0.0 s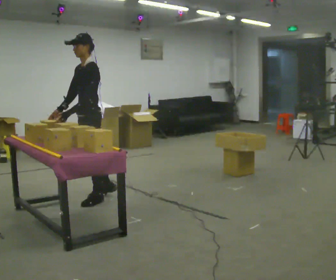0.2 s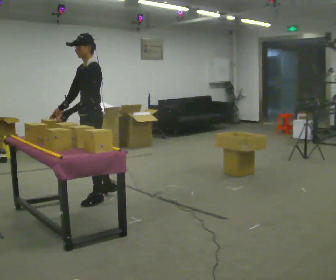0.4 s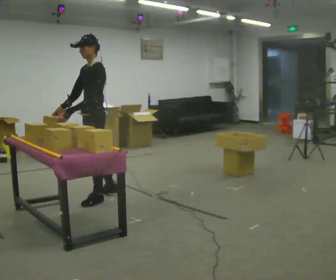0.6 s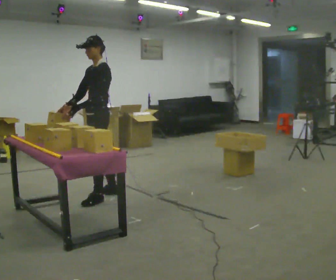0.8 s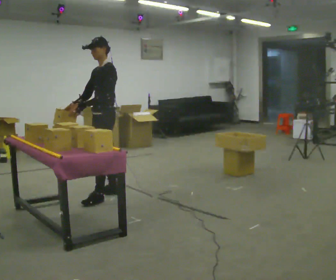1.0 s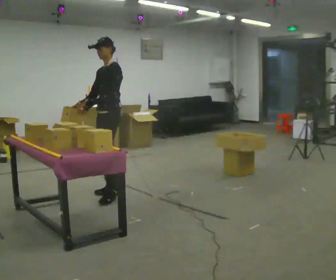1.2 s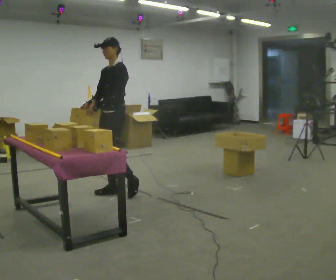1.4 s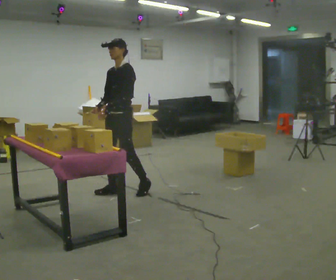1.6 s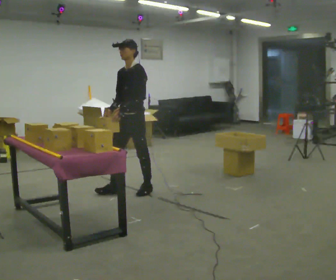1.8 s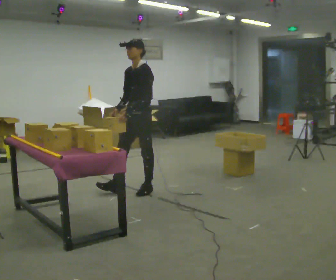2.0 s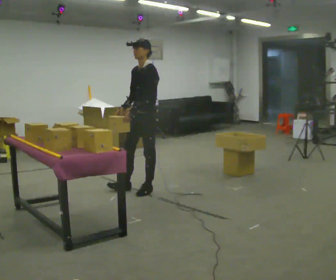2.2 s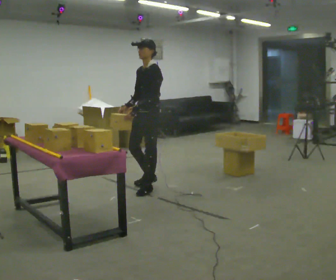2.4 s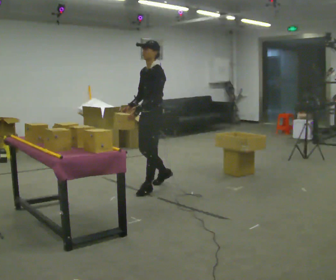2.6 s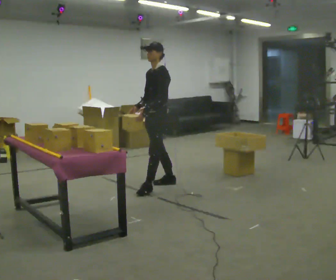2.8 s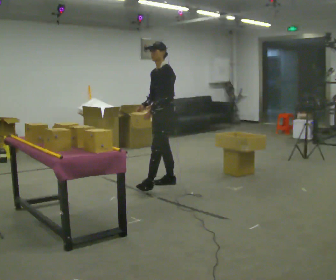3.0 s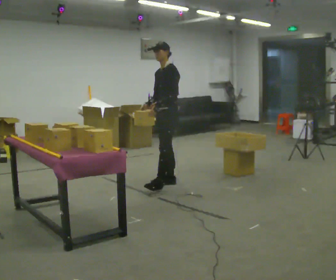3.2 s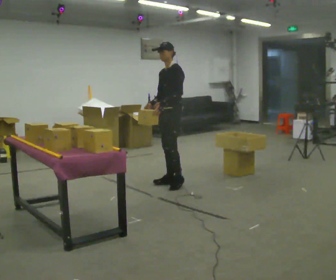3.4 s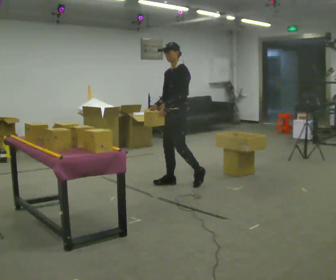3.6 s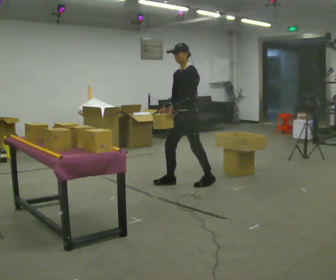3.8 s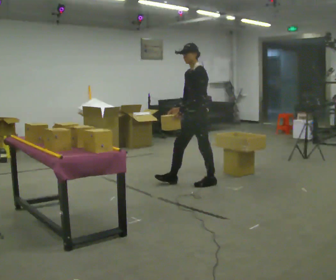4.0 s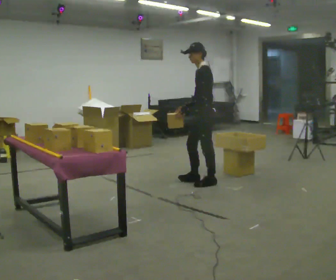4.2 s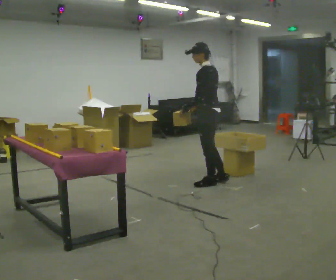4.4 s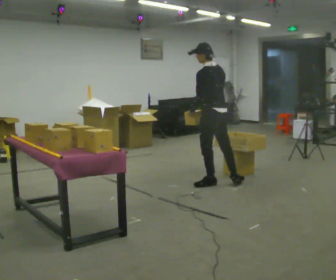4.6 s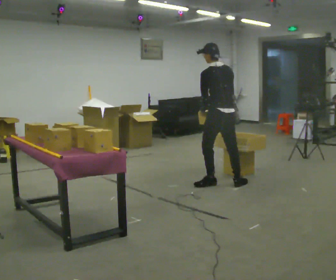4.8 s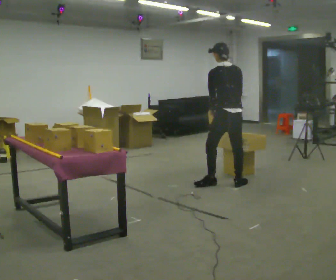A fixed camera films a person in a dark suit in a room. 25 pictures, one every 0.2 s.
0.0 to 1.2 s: In the picture they go away from the camera and to the right, about 0.25 m in 1 step, which for them is backward and to their right.
1.2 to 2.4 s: In the picture they go to the right, about 0.5 m in 1 step, which for them is backward.
2.4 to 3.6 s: In the picture they go to the right and away from the camera, about 0.5 m in 1 step, which for them is backward.
3.6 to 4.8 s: Seen from above the body turns clockwise, about 105 degrees: to their right, with its near side sliding to the left. In the picture they go to the right, about 0.5 m in 1 step.
The film runs backward here.
